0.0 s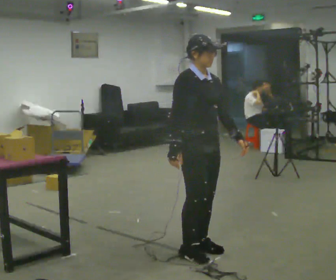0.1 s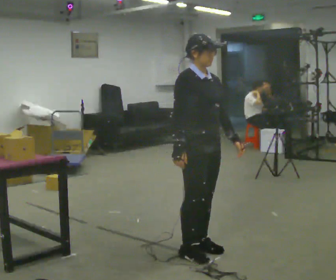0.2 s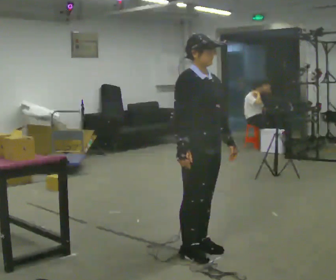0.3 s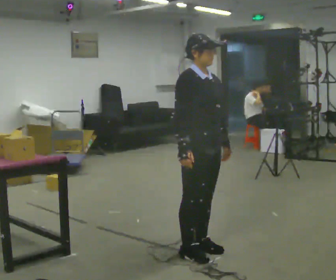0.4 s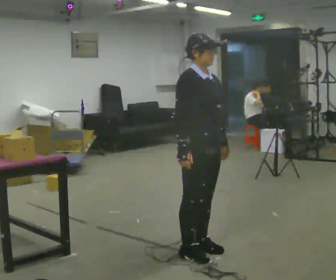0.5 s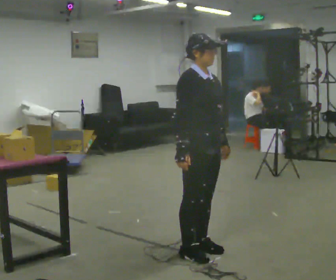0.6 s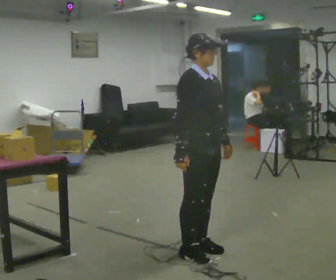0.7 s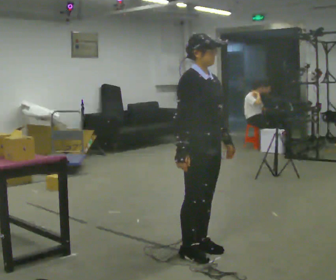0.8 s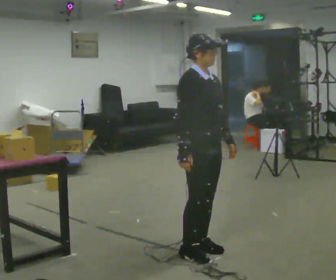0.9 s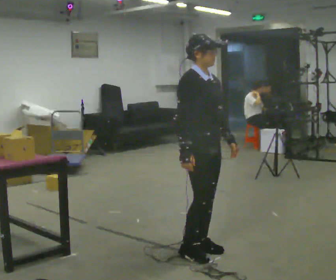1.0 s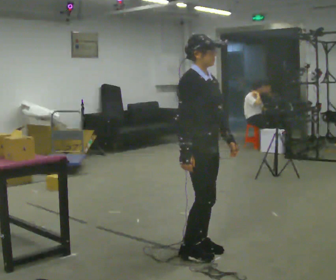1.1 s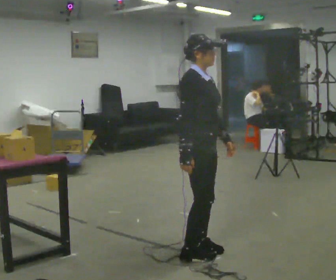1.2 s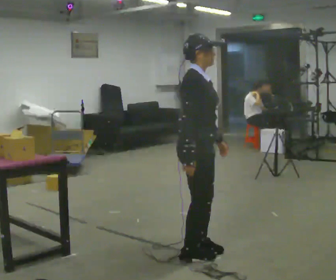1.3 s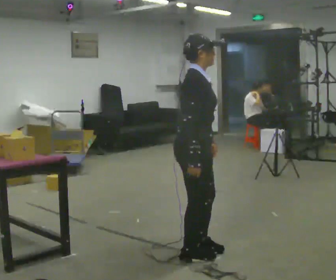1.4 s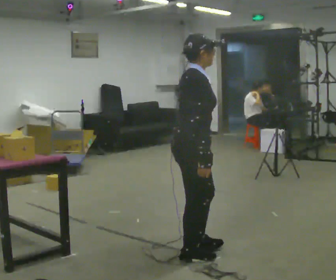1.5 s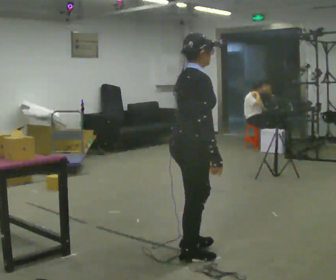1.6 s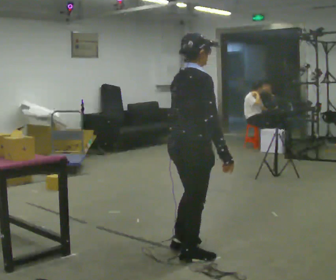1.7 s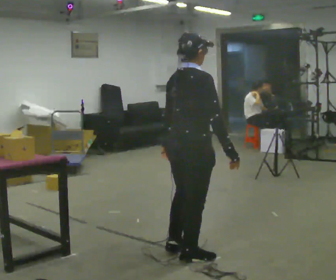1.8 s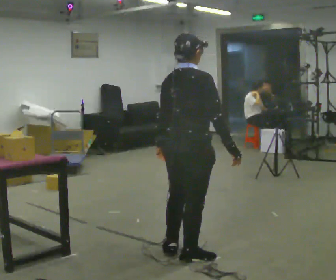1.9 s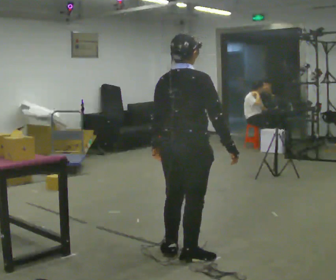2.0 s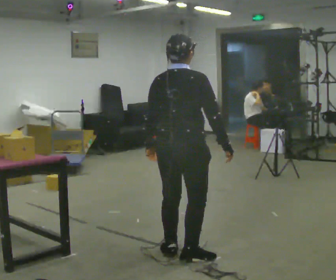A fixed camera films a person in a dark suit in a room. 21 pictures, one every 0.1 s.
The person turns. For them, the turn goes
to their left.
The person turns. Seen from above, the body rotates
counterclockwise.
0.0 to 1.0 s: The person moves a little, or ends about where they began.
1.0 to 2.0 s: Seen from above the body turns counterclockwise, about 90 degrees: to their left, with its near side sliding to the right. In the picture they go to the left, about 0.25 m in 1 step. In the picture their right hand goes to the right, the arm swinging counterclockwise.
The film runs forward here.
